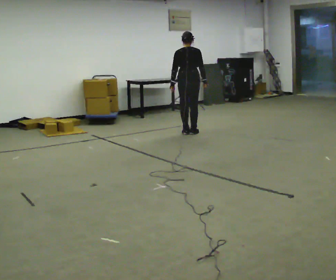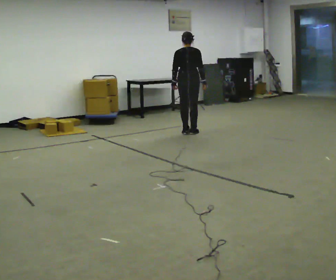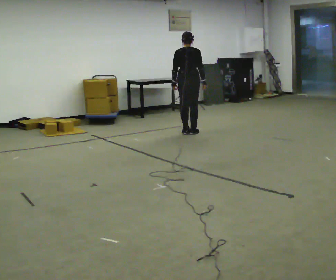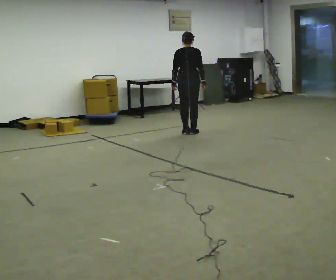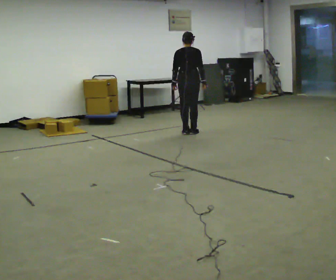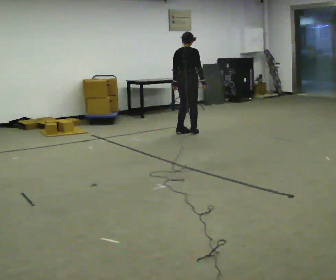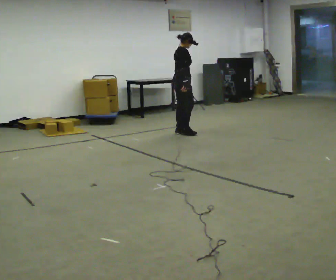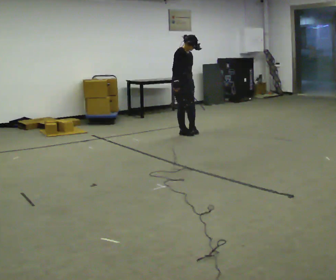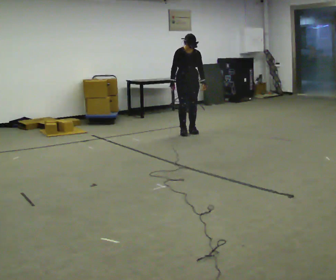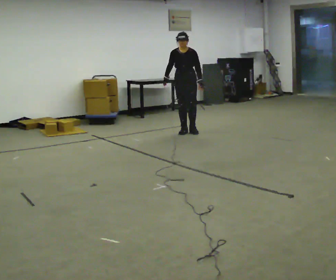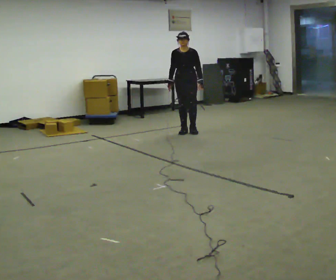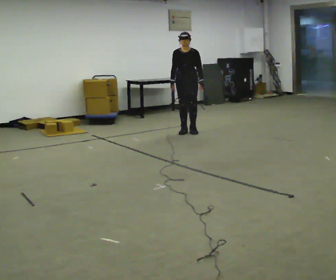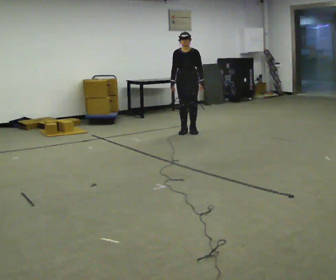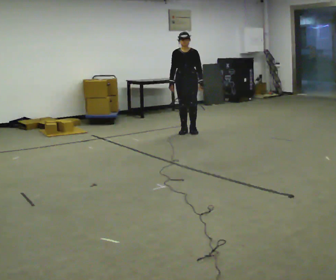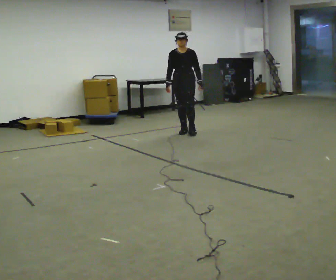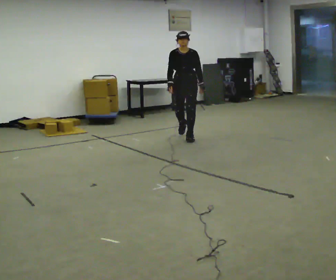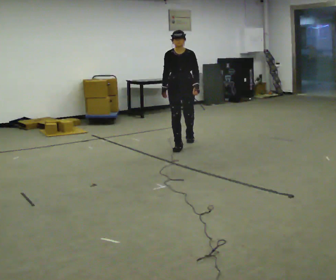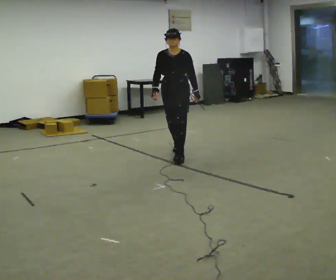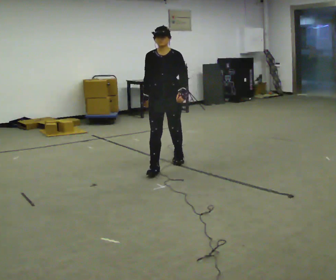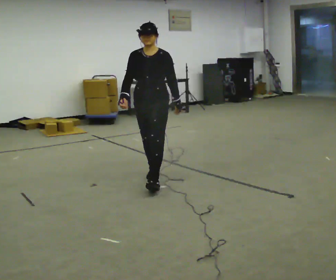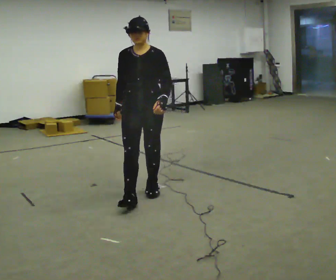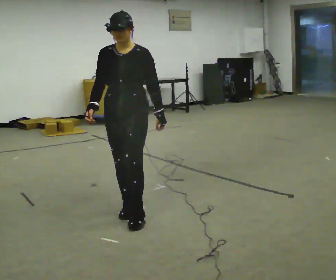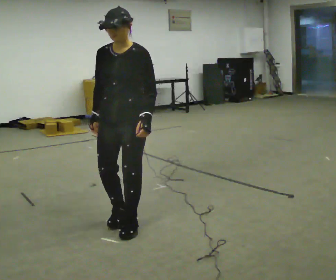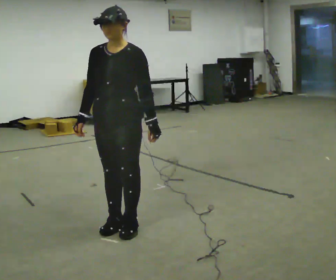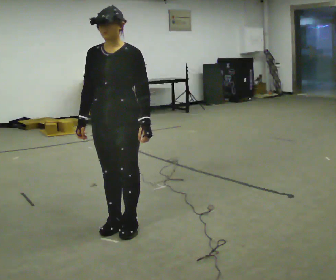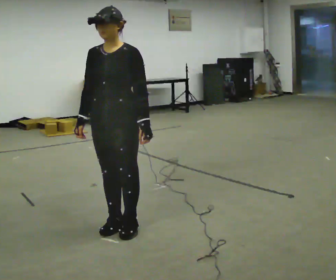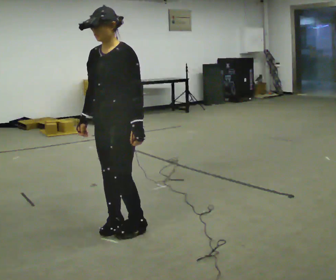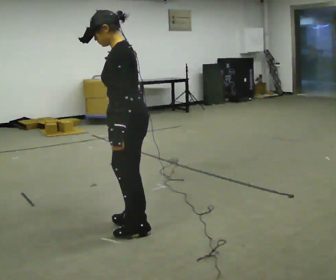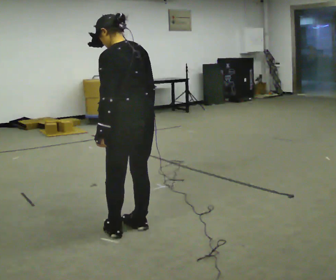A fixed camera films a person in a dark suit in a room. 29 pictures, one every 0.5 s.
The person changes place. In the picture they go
toward the camera.
The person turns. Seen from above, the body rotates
clockwise.
0.0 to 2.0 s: The person moves a little, or ends about where they began.
2.0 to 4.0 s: The person turns about 165 degrees to their right, clockwise seen from above, so the part of the body nearest the lens slides to the left. In the picture their right hand goes to the left, the arm swinging clockwise.
4.0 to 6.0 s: The person moves a little, or ends about where they began.
6.0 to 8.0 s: In the picture they go toward the camera, about 1 m in 2 steps, which for them is forward.
8.0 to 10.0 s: In the picture they go toward the camera, about 2 m in 3 steps, which for them is forward.
10.0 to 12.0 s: In the picture they go toward the camera, about 0.75 m in 3 steps, which for them is forward.
12.0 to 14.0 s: Seen from above the body turns clockwise, about 120 degrees: to their right, with its near side sliding to the left. In the picture their right hand goes to the right, the arm swinging counterclockwise.
The film runs forward here.
